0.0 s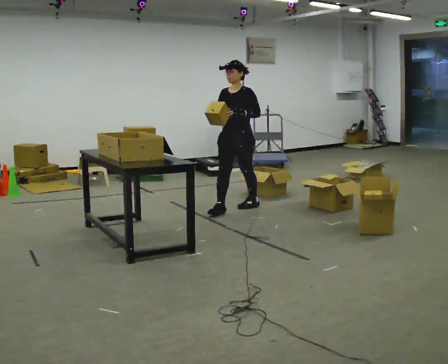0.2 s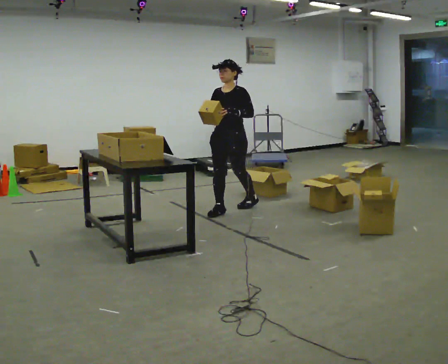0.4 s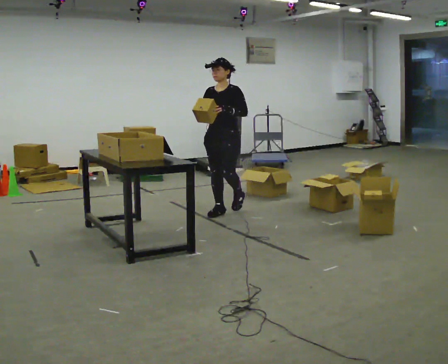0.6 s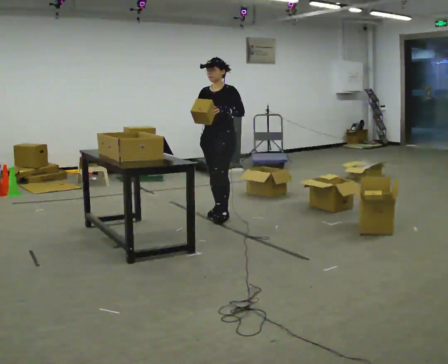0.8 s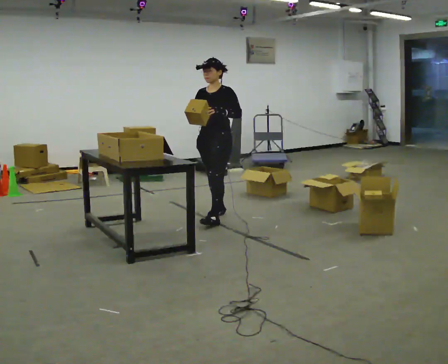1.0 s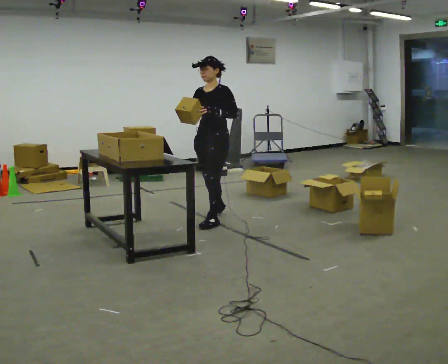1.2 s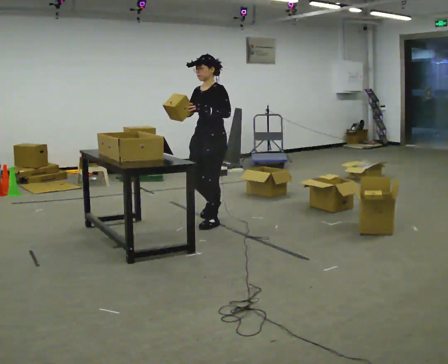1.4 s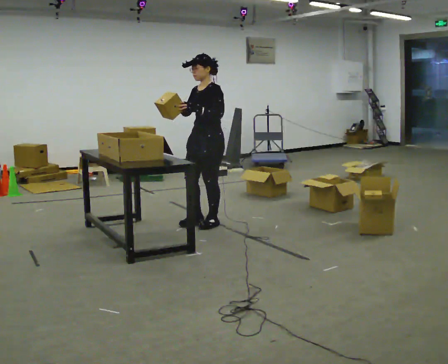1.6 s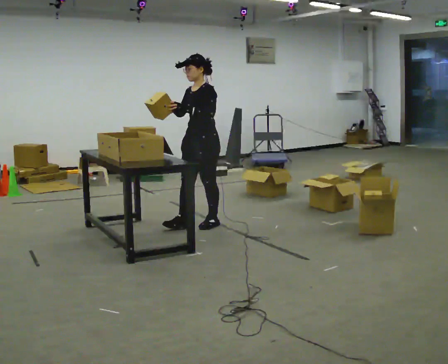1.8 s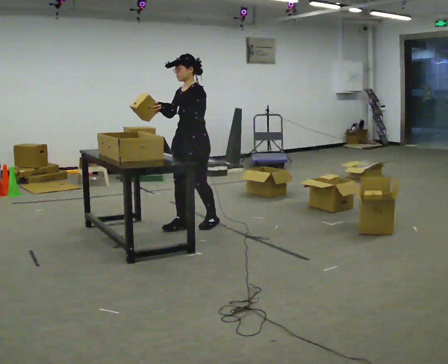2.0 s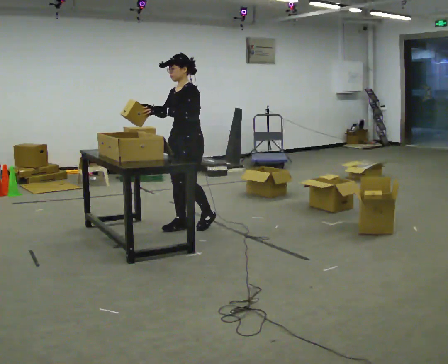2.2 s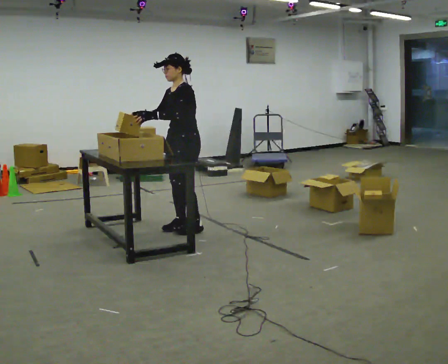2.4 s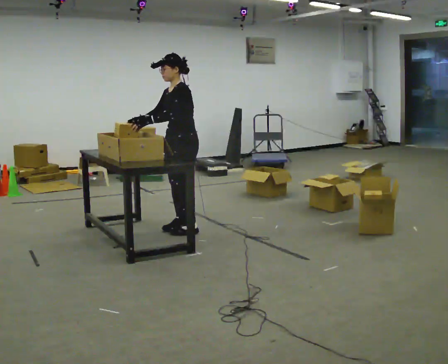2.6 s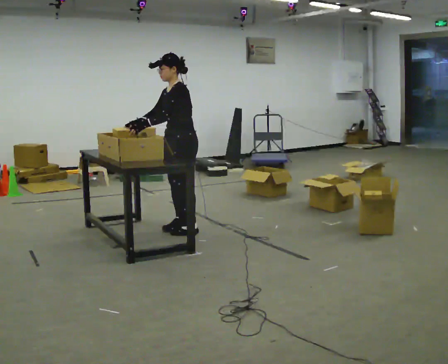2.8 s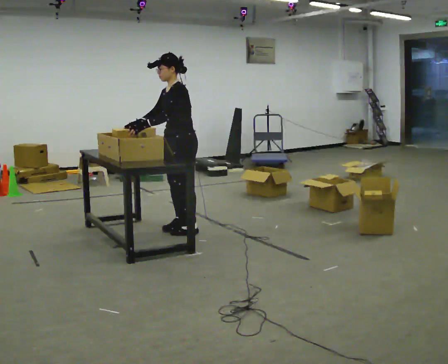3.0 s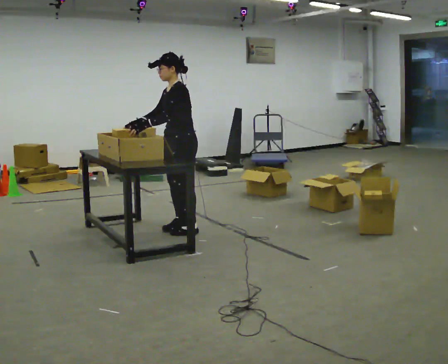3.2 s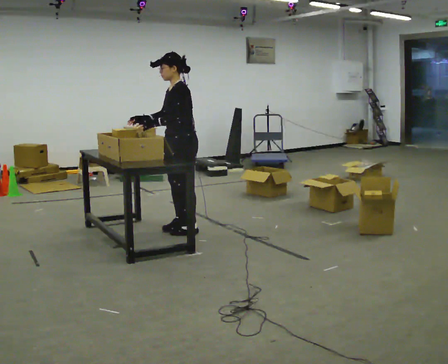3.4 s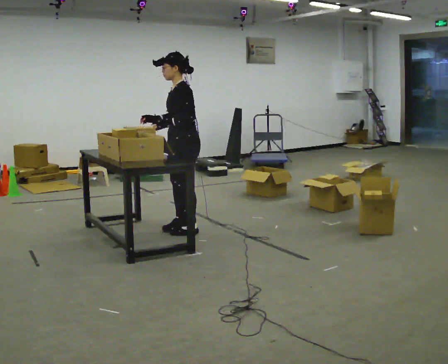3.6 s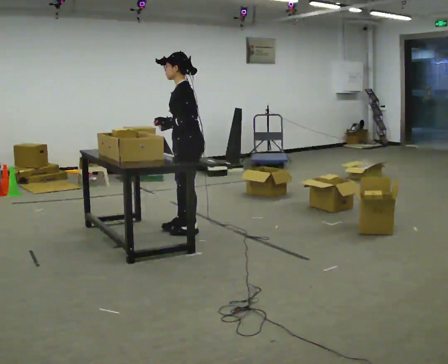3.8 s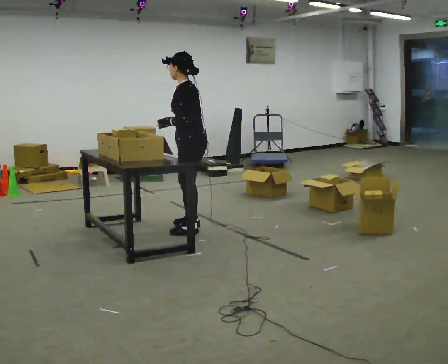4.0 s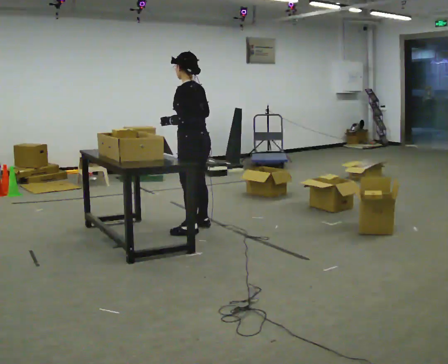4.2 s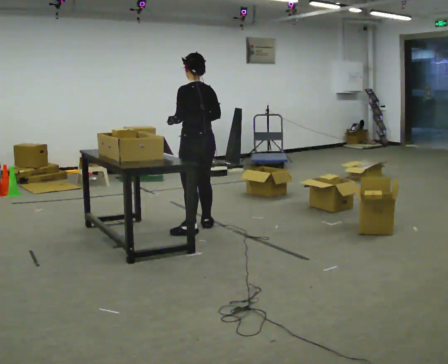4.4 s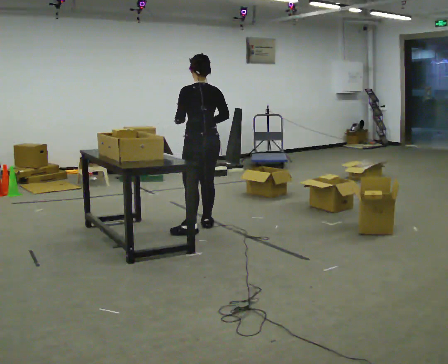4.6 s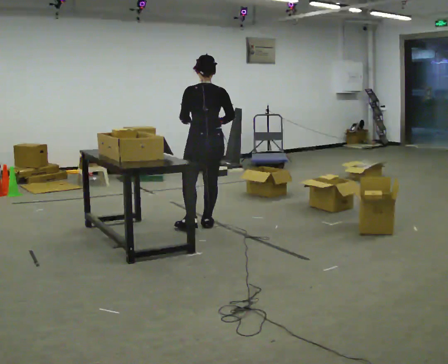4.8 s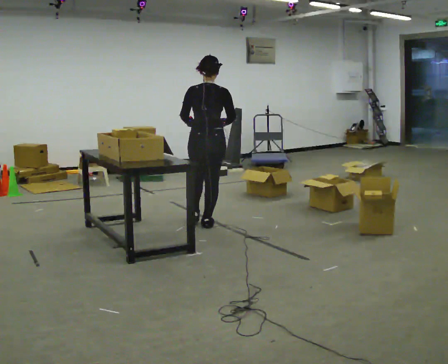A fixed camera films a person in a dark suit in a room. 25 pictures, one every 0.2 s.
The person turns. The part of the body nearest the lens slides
to the left.
The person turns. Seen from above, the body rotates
clockwise.
0.0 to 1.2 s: In the picture they go toward the camera and to the left, about 0.5 m in 1 step, which for them is forward.
1.2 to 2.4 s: In the picture they go to the left and toward the camera, about 0.25 m in 2 steps, which for them is forward.
2.4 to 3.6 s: The person moves a little, or ends about where they began.
3.6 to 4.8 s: Seen from above the body turns clockwise, about 105 degrees: to their right, with its near side sliding to the left. In the picture they go away from the camera and to the right, about 0.25 m in 1 step.
The film runs forward here.
